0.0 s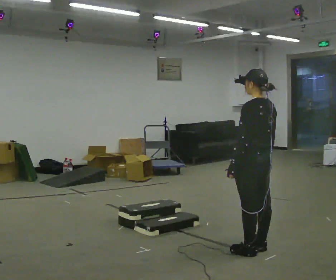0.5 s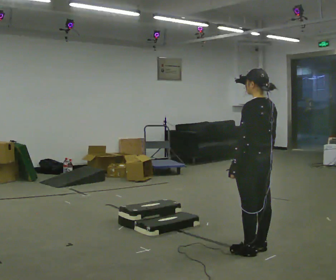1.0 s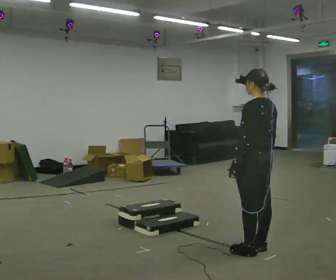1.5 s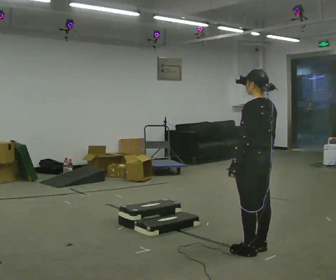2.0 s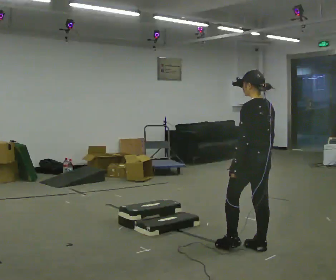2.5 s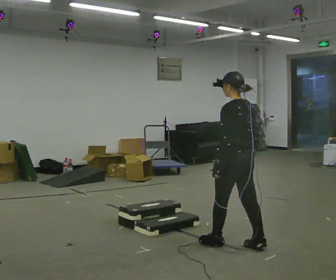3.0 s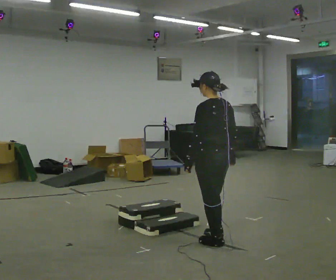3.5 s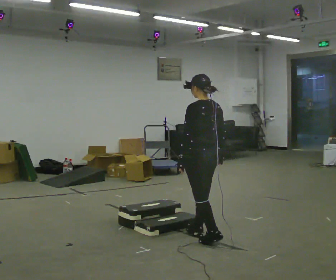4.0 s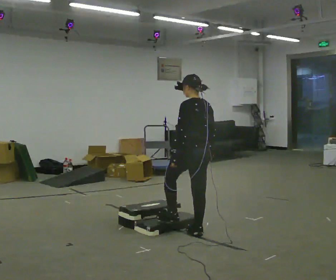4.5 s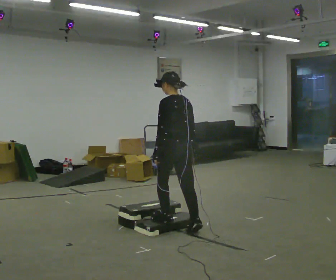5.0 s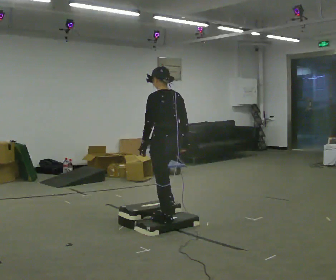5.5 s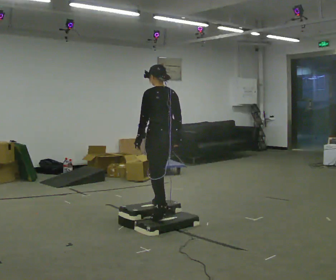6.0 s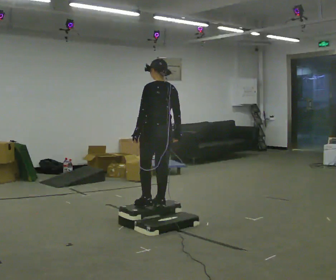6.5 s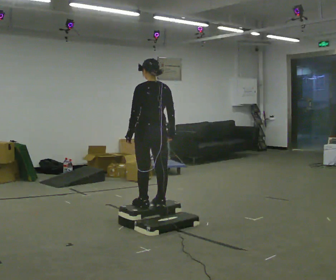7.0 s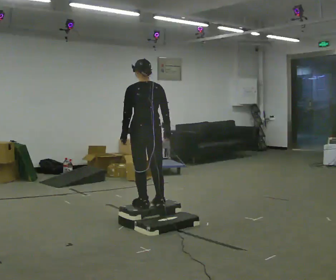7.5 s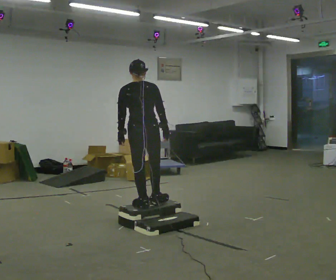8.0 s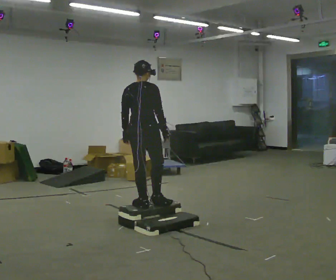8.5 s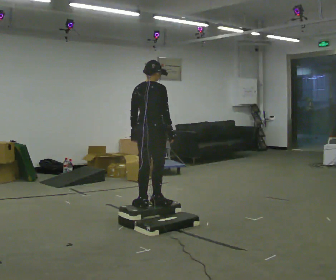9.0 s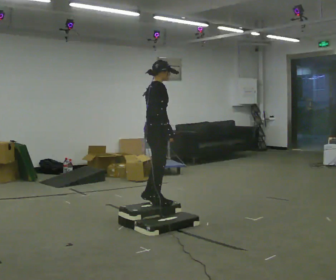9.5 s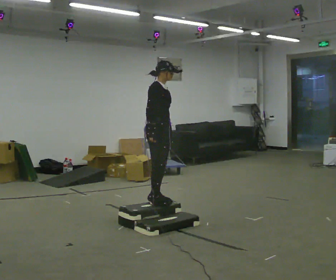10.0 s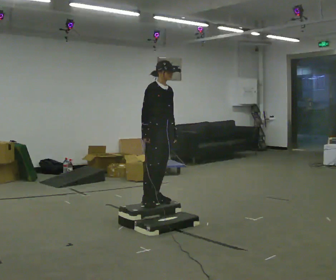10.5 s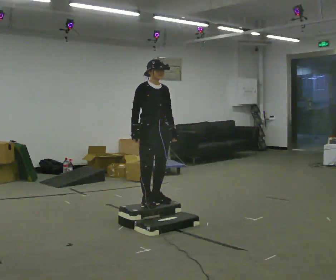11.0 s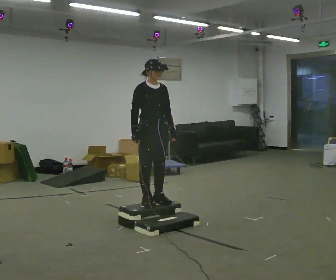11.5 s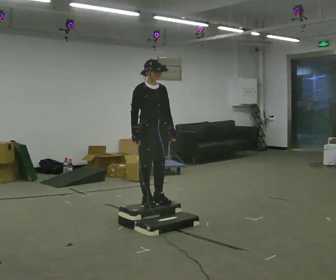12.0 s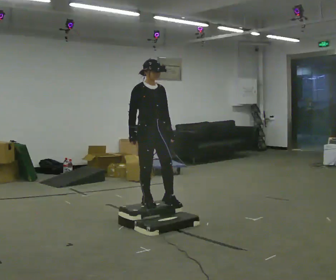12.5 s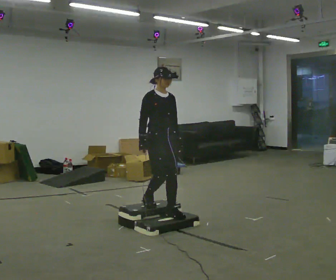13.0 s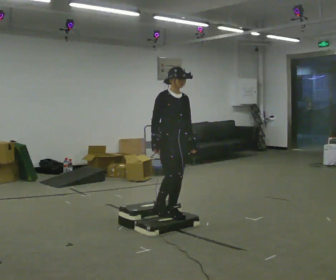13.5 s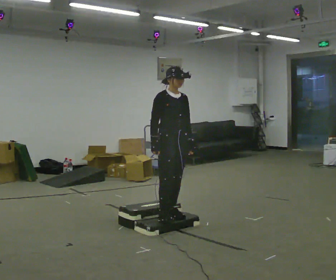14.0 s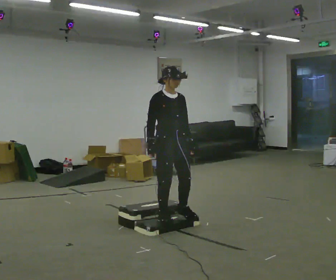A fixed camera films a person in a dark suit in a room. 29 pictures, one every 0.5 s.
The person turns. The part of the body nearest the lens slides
to the left.
The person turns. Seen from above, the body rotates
clockwise.
0.0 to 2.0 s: The person moves a little, or ends about where they began.
2.0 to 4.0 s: In the picture they go away from the camera and to the left, about 0.75 m in 2 steps, which for them is forward.
4.0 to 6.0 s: In the picture they go away from the camera and to the left, about 0.5 m in 2 steps, which for them is forward. The shoulders move upward.
6.0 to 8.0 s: The part of the body nearest the lens slides to the left as the person turns to their right by about 60 degrees. In the picture they go to the left, about 0.25 m in 1 step.
8.0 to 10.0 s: The part of the body nearest the lens slides to the left as the person turns to their right by about 105 degrees. In the picture they go away from the camera, about 0.25 m in 1 step.
10.0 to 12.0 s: The person moves a little, or ends about where they began.
12.0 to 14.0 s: In the picture they go toward the camera and to the right, about 0.25 m in 2 steps, which for them is forward.
The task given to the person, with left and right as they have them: Walk up the three steps, turn at the top, and walk back down at a comfortable speed. Use the handrail only if you need it.
The film runs forward here.
